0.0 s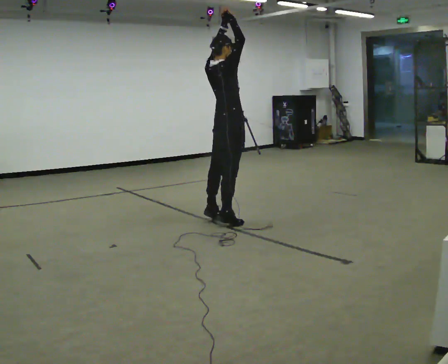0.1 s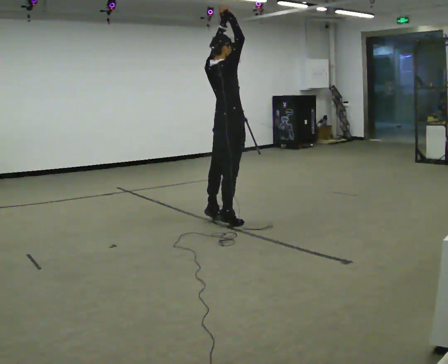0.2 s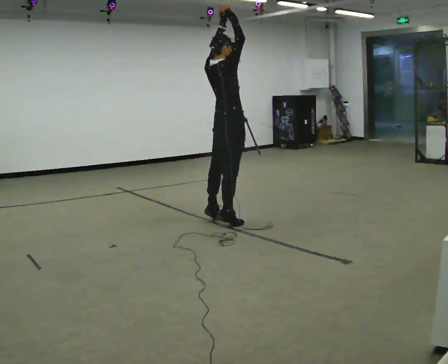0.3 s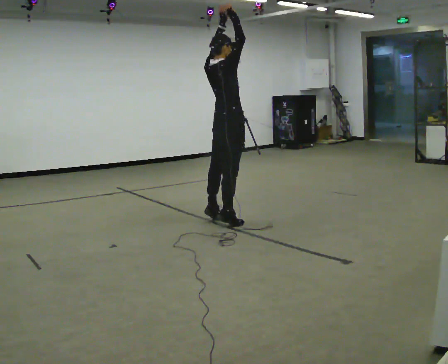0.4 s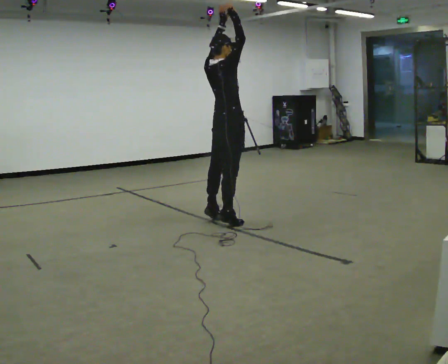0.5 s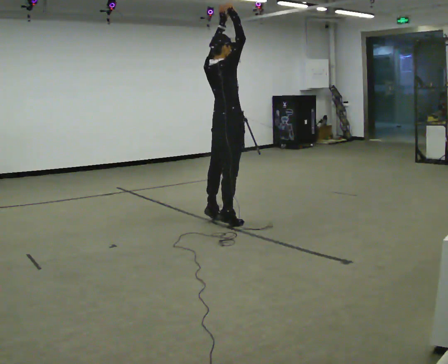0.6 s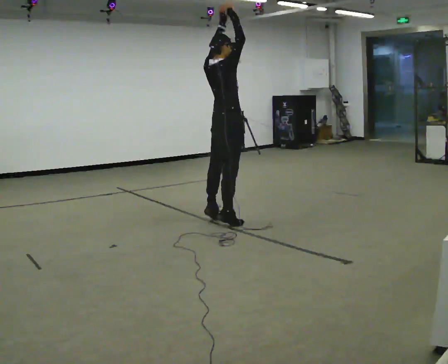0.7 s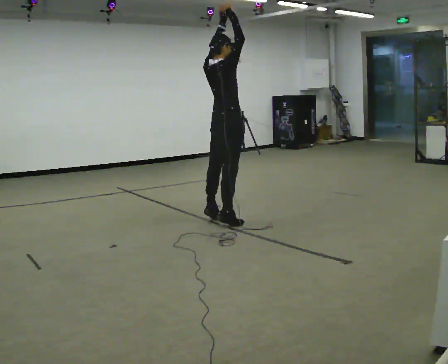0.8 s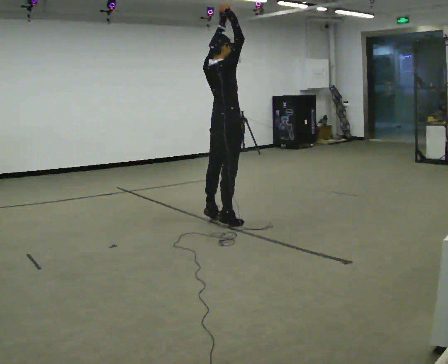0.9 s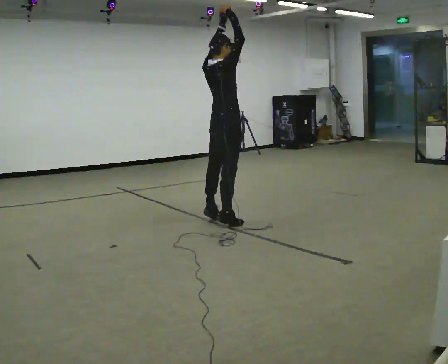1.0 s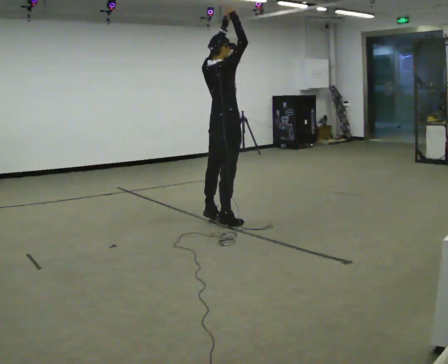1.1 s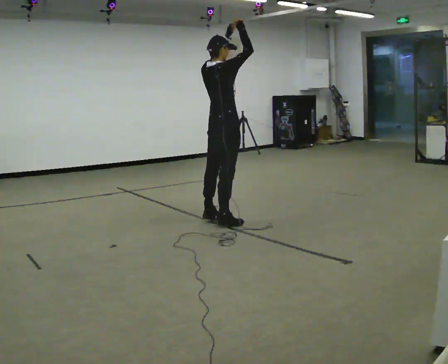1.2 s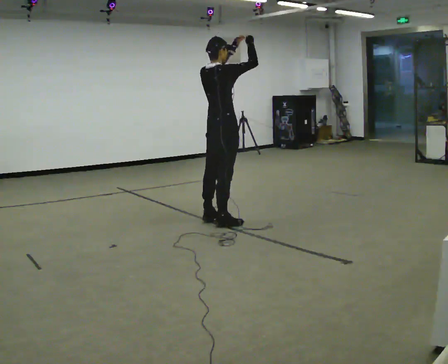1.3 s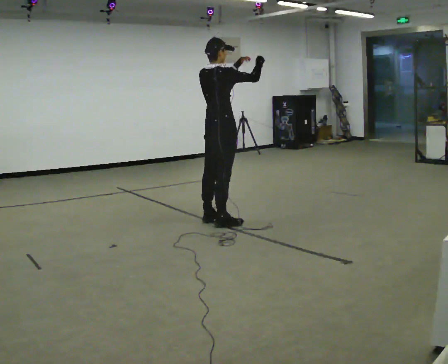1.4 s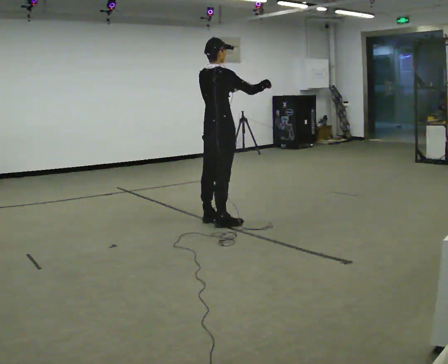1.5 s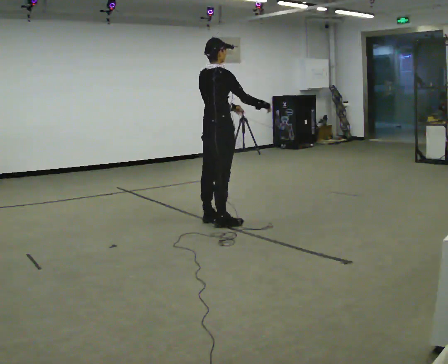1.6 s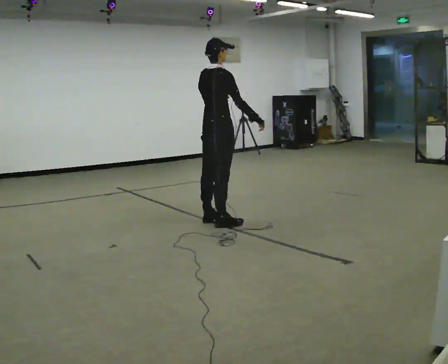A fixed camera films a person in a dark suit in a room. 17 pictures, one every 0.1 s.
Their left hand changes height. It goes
downward.
Their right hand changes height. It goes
downward.
0.0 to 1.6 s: In the picture the upper body tilts clockwise, shoulders to the right, as they bend forward. In the picture their right hand goes downward, the arm swinging clockwise.
The film runs forward here.
